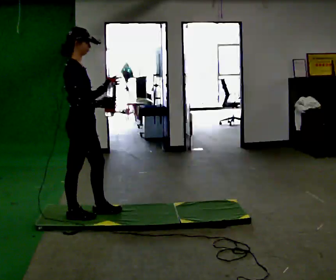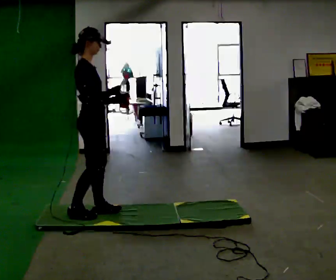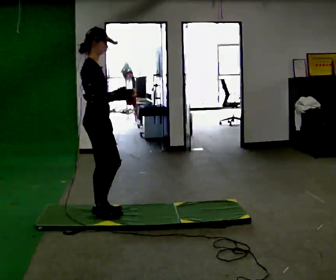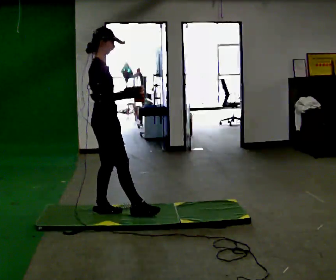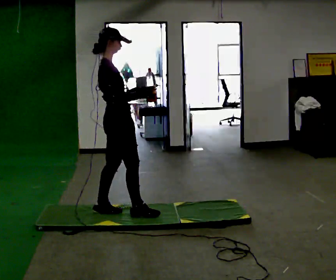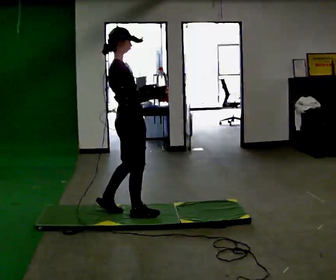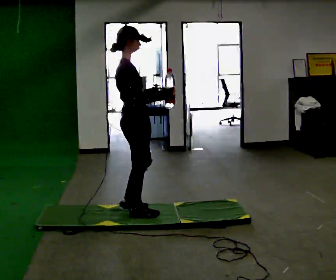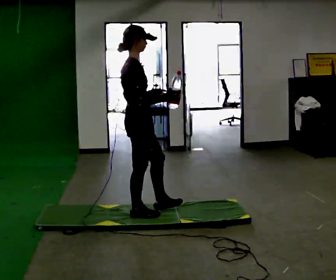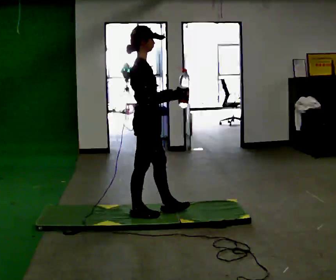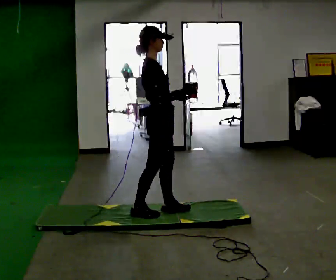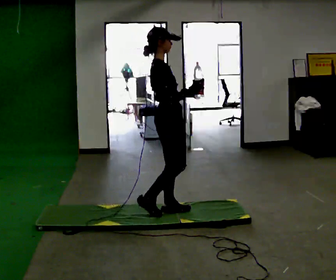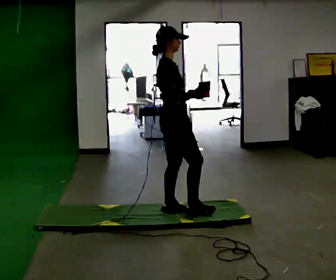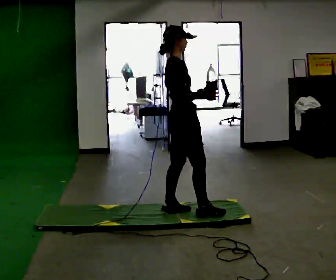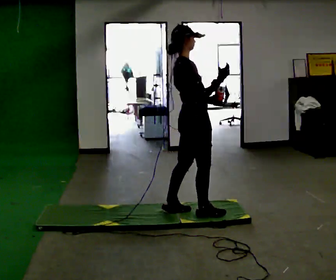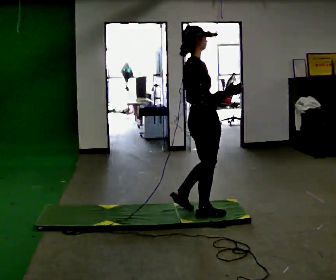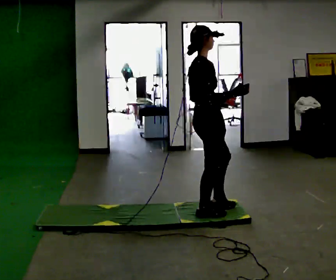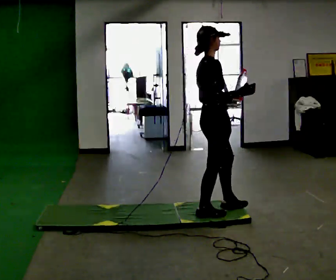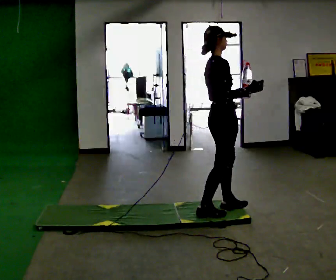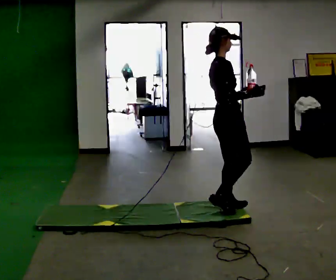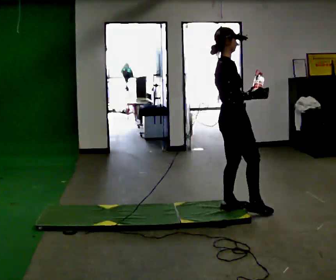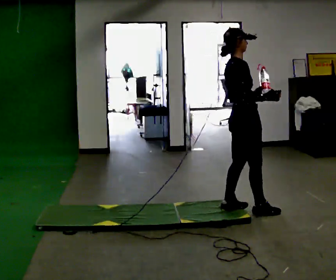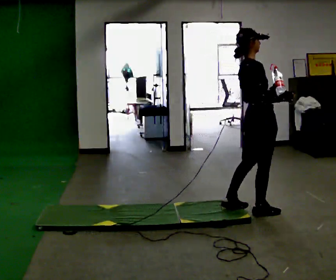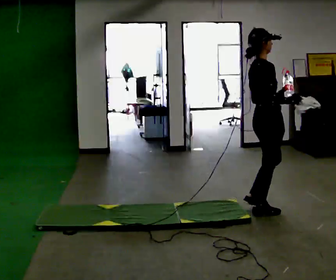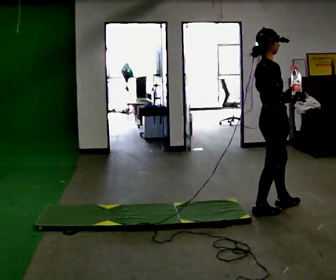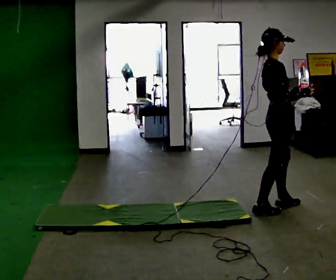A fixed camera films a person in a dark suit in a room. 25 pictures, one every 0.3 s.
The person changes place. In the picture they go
to the right.
0.0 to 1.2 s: In the picture they go to the right, about 0.25 m in 1 step, which for them is forward.
1.2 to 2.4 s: In the picture they go to the right, about 0.25 m in 1 step, which for them is forward.
2.4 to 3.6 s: In the picture they go to the right, about 0.25 m in 1 step, which for them is forward.
3.6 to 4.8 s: In the picture they go to the right, about 0.25 m in 1 step, which for them is forward.
4.8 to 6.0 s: In the picture they go to the right, about 0.25 m in 1 step, which for them is forward.
6.0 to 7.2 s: In the picture they go to the right, about 0.25 m in 1 step, which for them is forward.
The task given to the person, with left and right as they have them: Hold the object and walk back and forth. It may slip. Try to catch it if you can, but let it go rather than lurching after it.
The film runs forward here.
